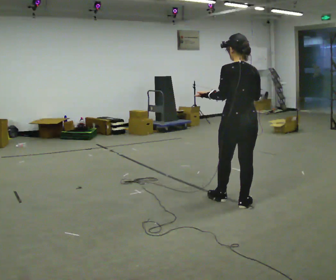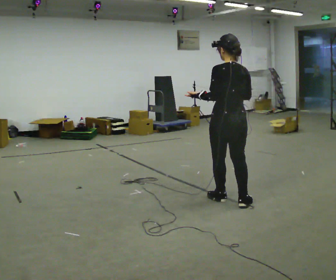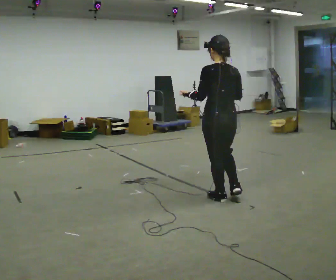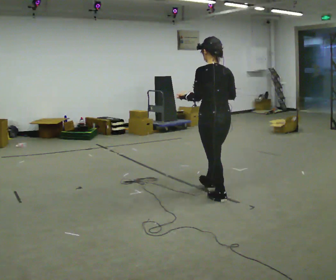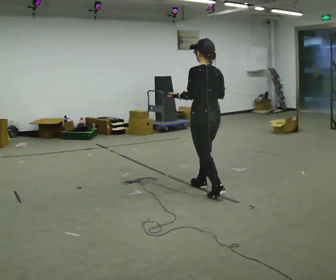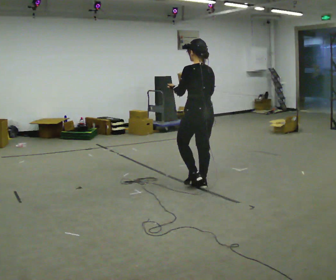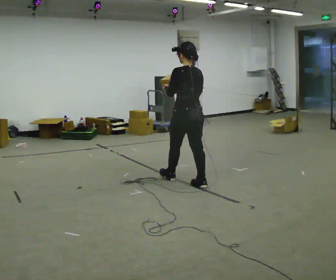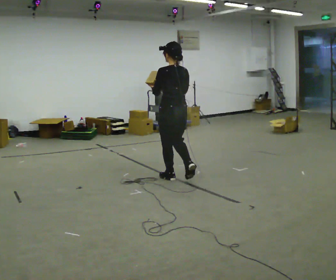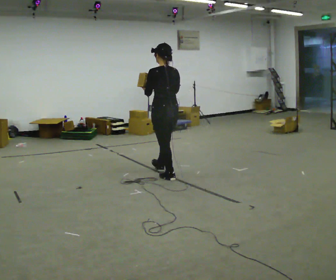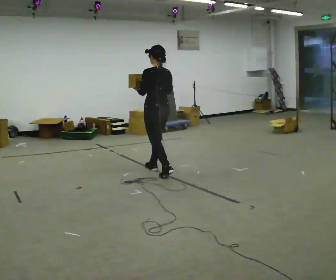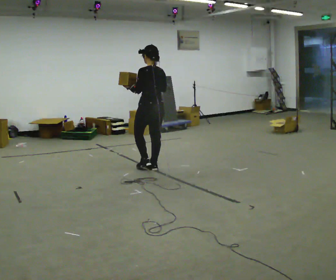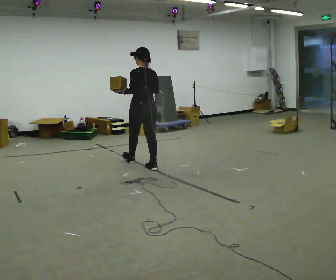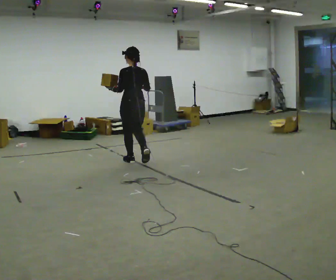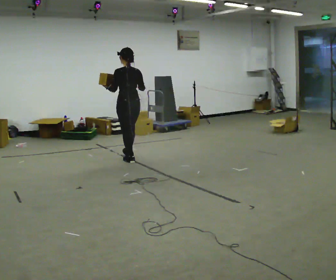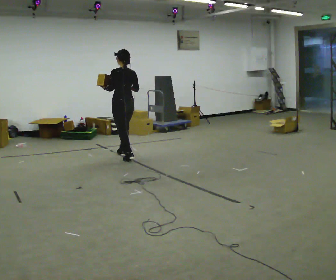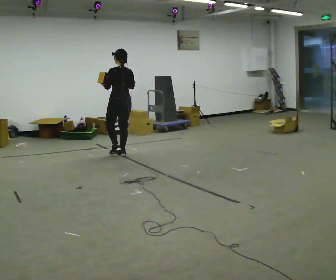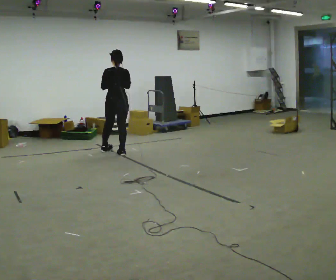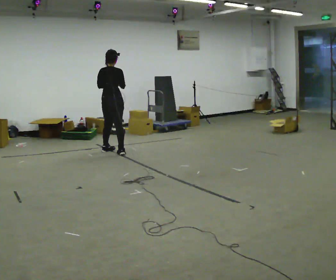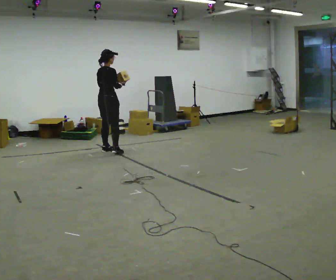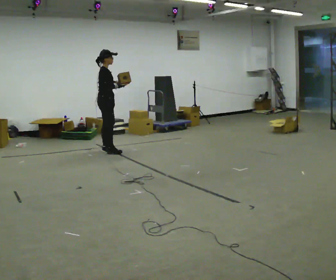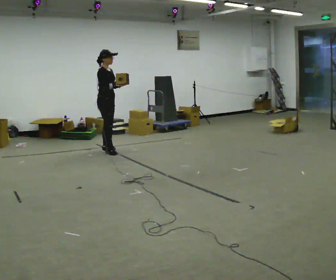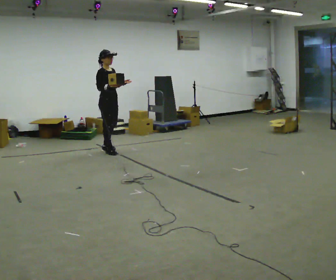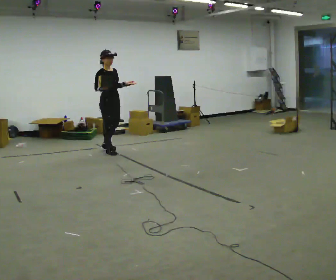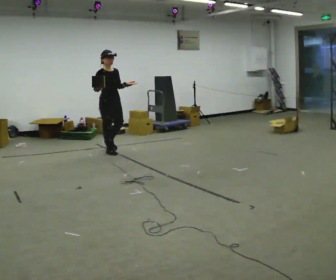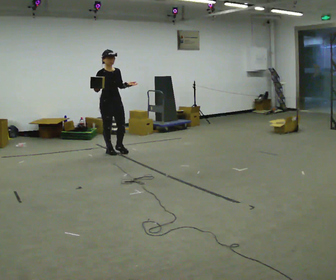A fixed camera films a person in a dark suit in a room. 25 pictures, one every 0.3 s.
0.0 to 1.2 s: In the picture they go away from the camera and to the left, about 0.5 m in 1 step, which for them is forward.
1.2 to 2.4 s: In the picture they go away from the camera and to the left, about 0.5 m in 1 step, which for them is forward.
2.4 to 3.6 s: In the picture they go away from the camera and to the left, about 1 m in 2 steps, which for them is forward.
3.6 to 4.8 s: In the picture they go away from the camera and to the left, about 0.75 m in 1 step, which for them is forward.
4.8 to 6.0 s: Seen from above the body turns clockwise, about 120 degrees: to their right, with its near side sliding to the left. In the picture they go to the left and away from the camera, about 0.25 m in 2 steps.
6.0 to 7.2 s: The person turns about 30 degrees to their right, clockwise seen from above, so the part of the body nearest the lens slides to the left. In the picture they go toward the camera, about 0.25 m, which for them is forward.
The film runs forward here.
